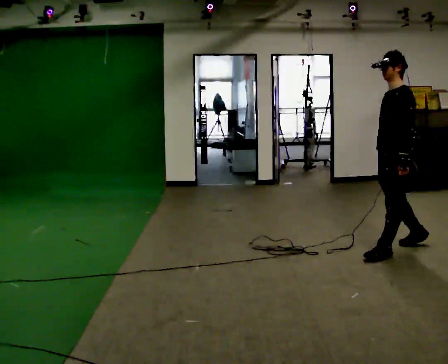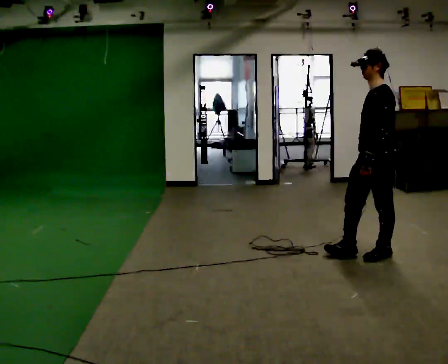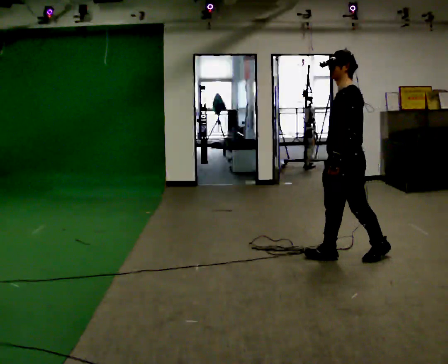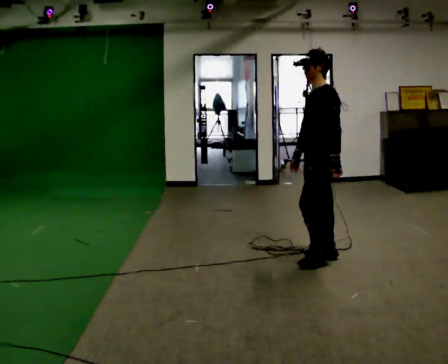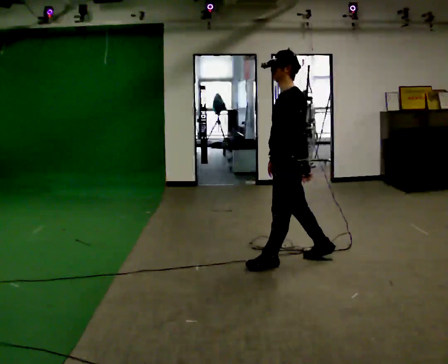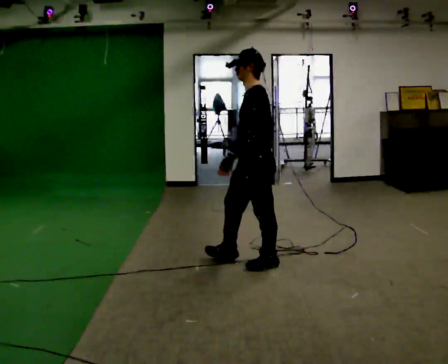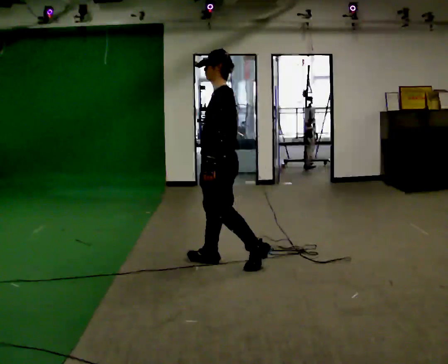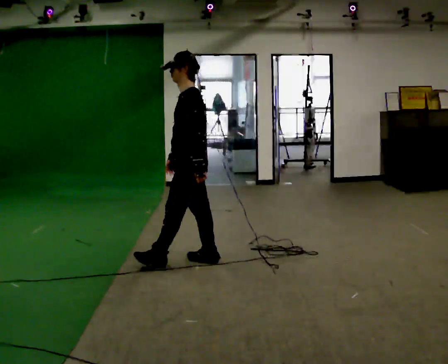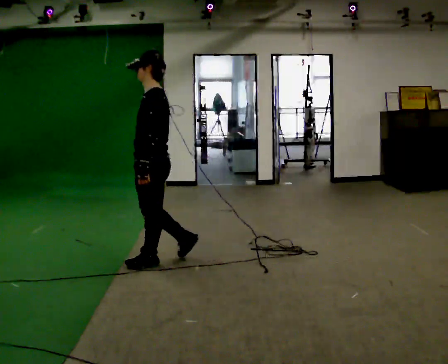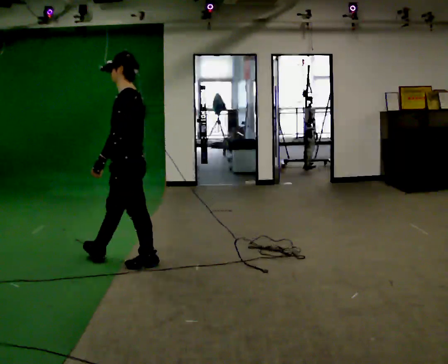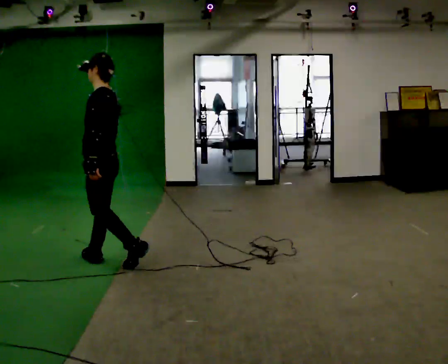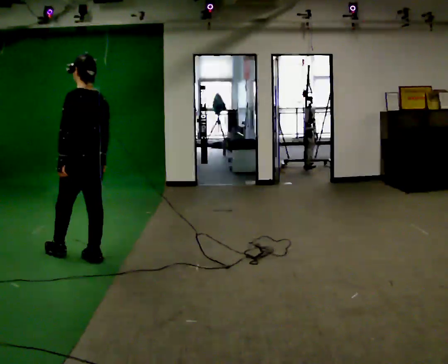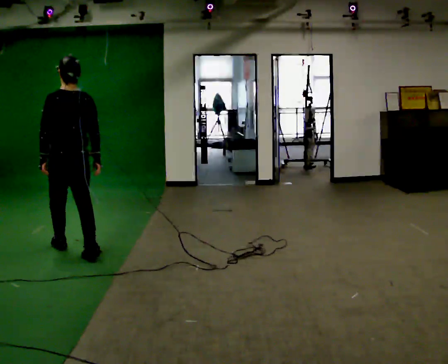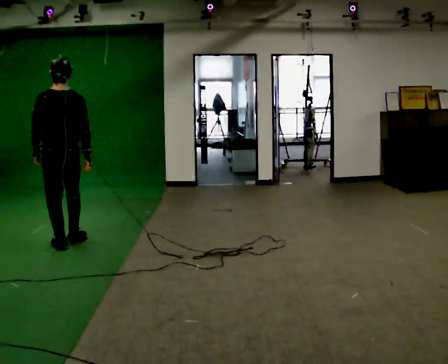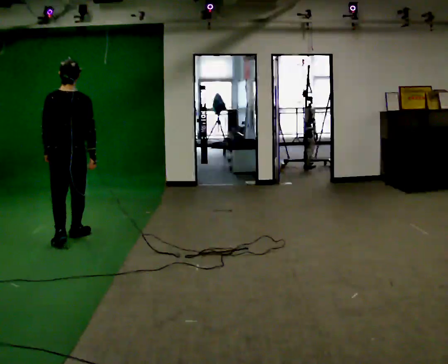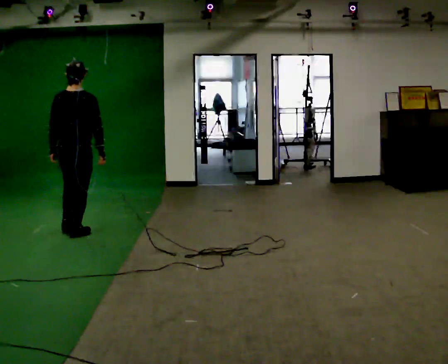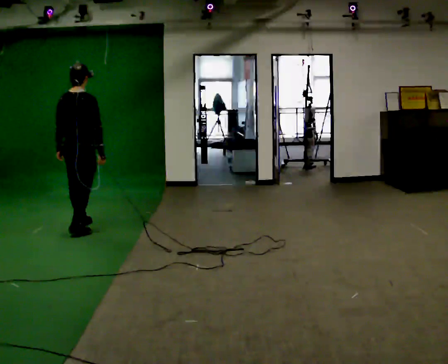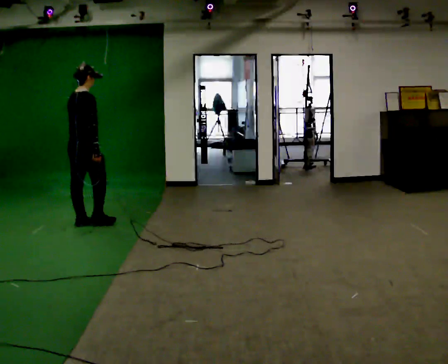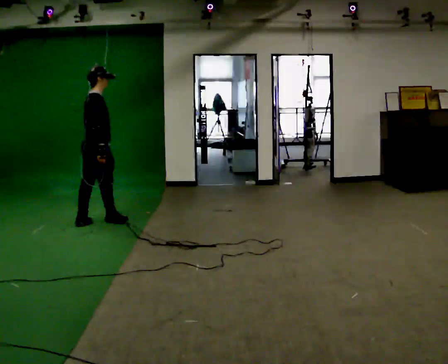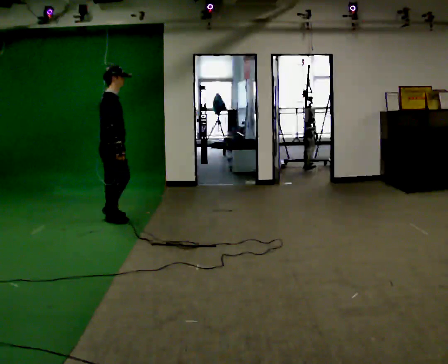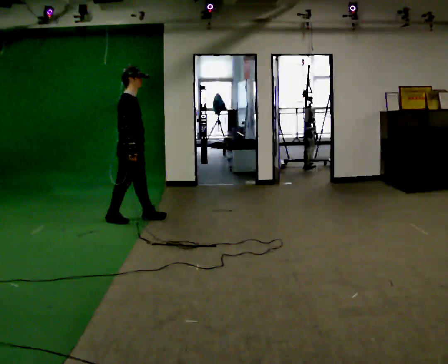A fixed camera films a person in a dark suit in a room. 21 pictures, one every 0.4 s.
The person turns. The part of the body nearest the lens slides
to the left.
The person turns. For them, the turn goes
to their right.
0.0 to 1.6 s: In the picture they go to the left, about 1 m in 2 steps, which for them is forward.
1.6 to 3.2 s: In the picture they go to the left, about 1 m in 2 steps, which for them is forward.
3.2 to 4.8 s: The part of the body nearest the lens slides to the left as the person turns to their right by about 60 degrees. In the picture they go to the left and away from the camera, about 1 m in 2 steps.
4.8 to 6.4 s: Seen from above the body turns clockwise, about 60 degrees: to their right, with its near side sliding to the left. In the picture they go away from the camera, about 1 m in 2 steps, which for them is forward.
6.4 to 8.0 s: The part of the body nearest the lens slides to the left as the person turns to their right by about 75 degrees. In the picture they go to the right and away from the camera, about 0.5 m in 2 steps.
The film runs forward here.
